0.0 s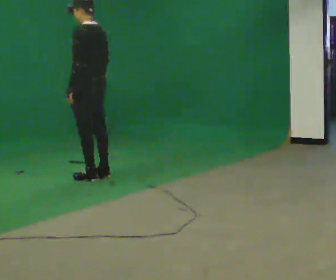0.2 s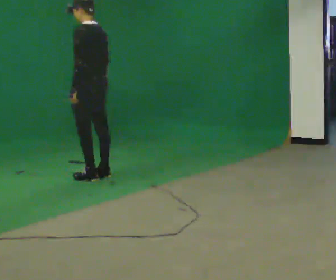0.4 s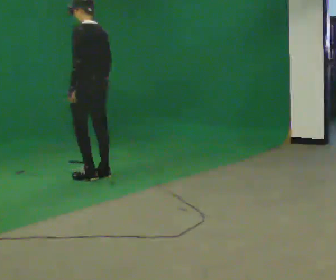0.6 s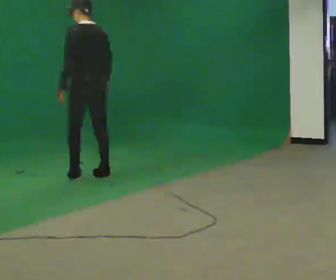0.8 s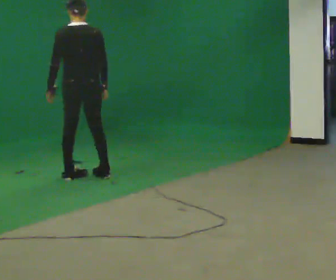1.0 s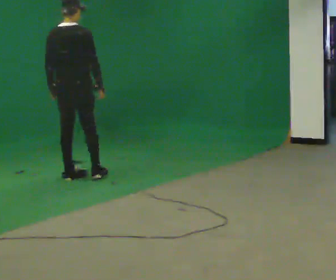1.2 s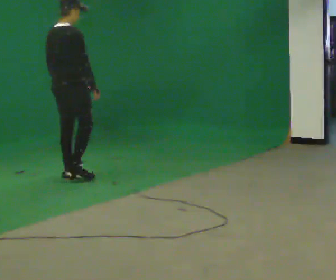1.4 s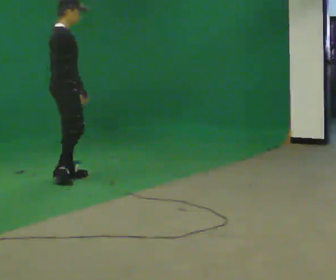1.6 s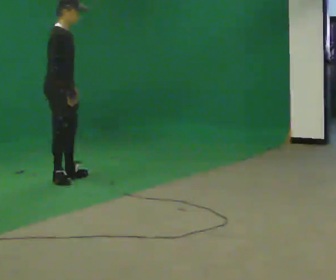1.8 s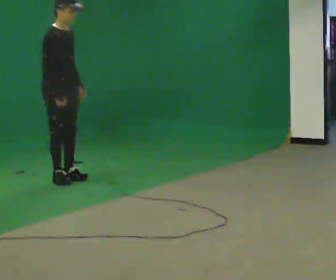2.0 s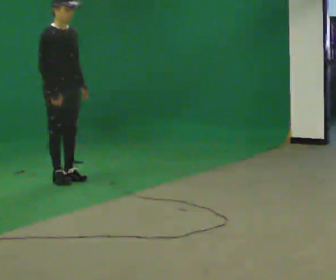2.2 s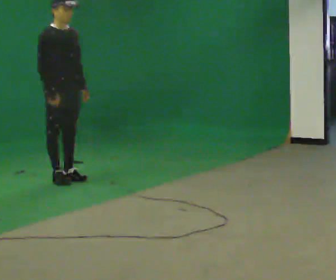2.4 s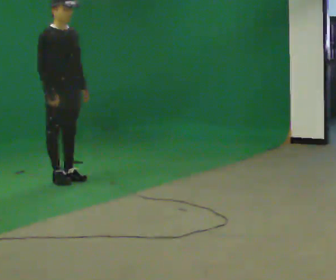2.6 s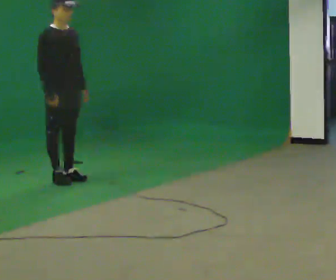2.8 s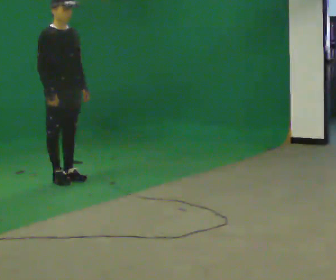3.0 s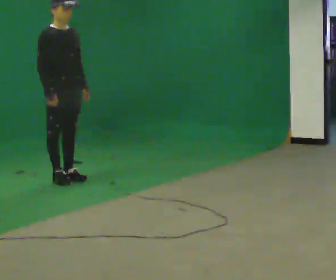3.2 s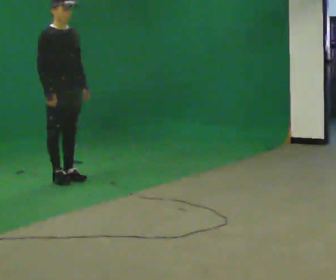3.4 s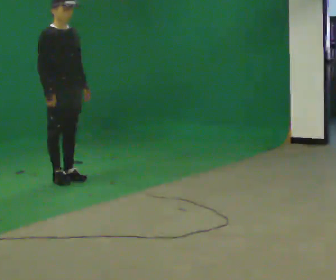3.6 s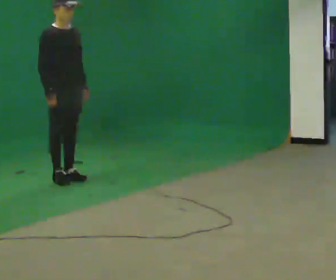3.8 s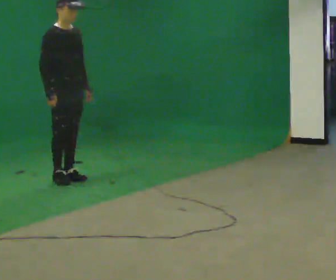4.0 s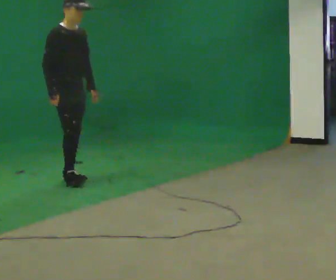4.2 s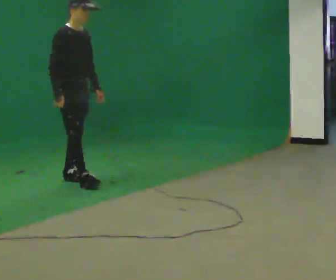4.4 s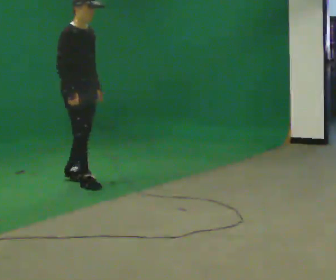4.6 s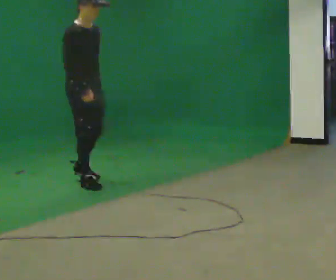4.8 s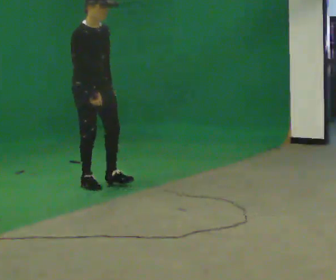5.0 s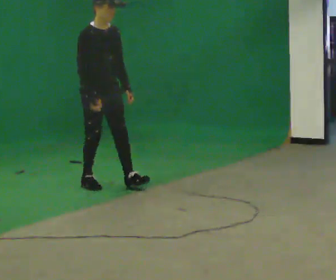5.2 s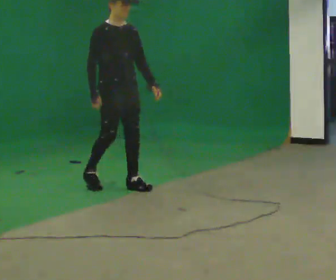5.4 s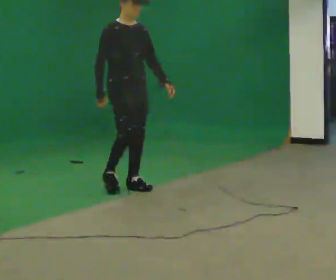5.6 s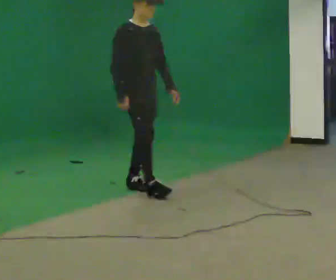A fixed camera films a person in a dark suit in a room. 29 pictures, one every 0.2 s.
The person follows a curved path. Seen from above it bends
counterclockwise.
The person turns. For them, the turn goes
to their right.
0.0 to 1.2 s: Seen from above the body turns clockwise, about 90 degrees: to their right, with its near side sliding to the left. In the picture they go to the left, about 0.25 m in 2 steps.
1.2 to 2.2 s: The person turns about 90 degrees to their right, clockwise seen from above, so the part of the body nearest the lens slides to the left. In the picture their right hand goes to the left.
2.2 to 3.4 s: The person keeps their place and pose.
3.4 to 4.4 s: In the picture they go toward the camera, about 0.25 m in 1 step, which for them is forward.
4.4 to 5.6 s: In the picture they go to the right and toward the camera, about 0.75 m in 2 steps, which for them is forward.
The film runs backward here.
